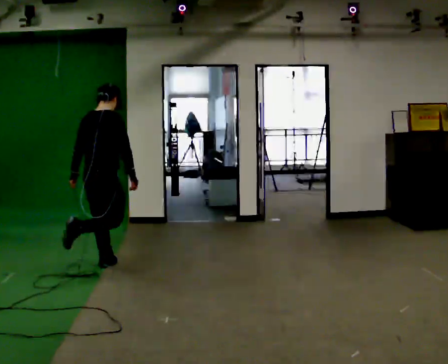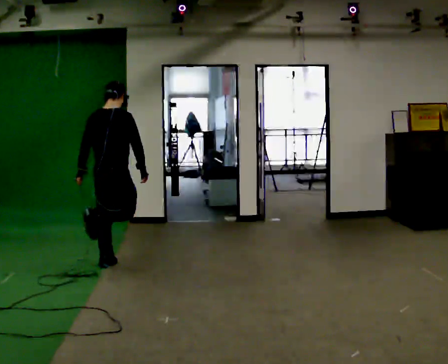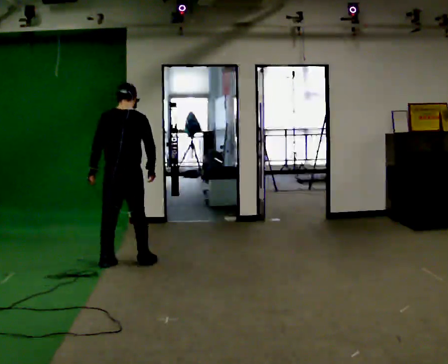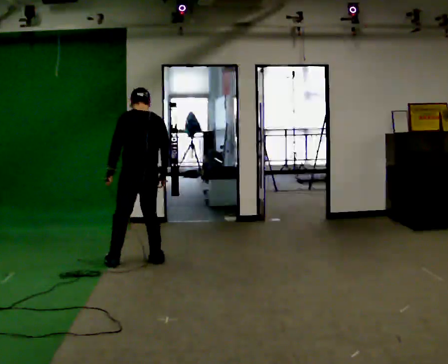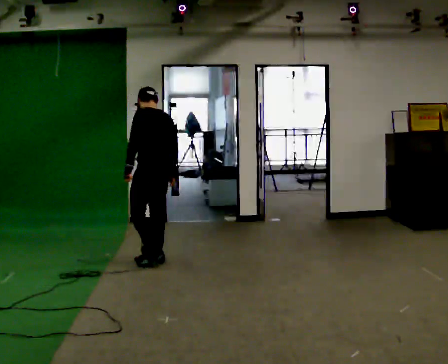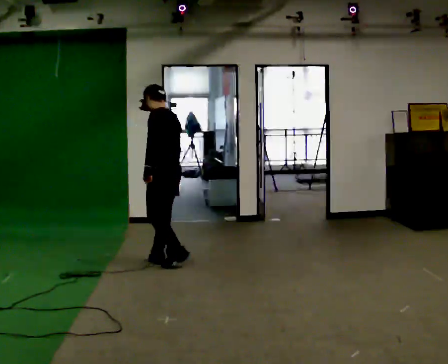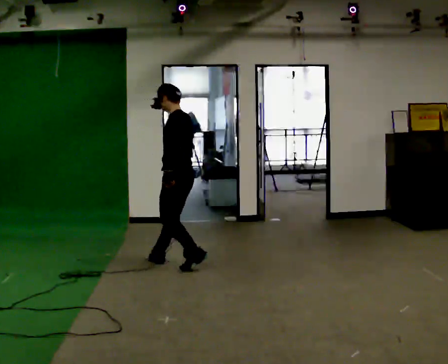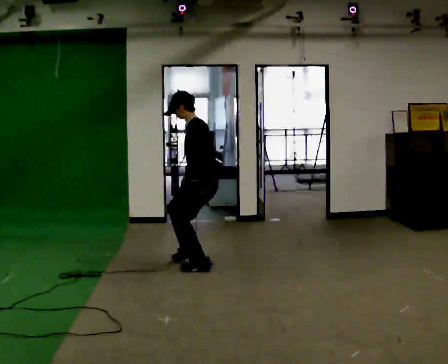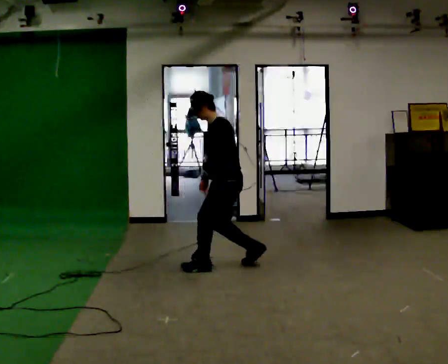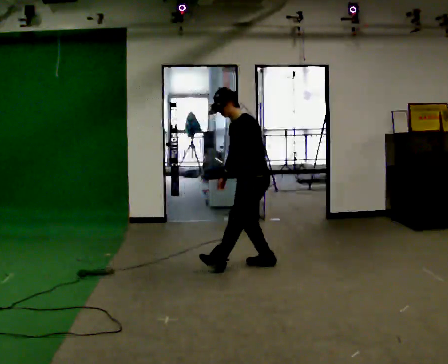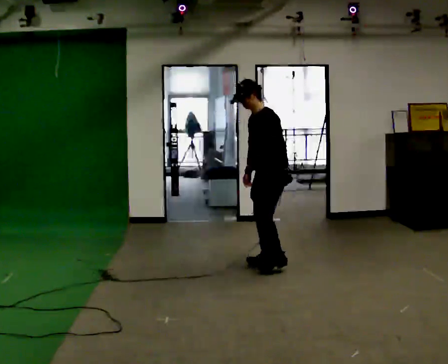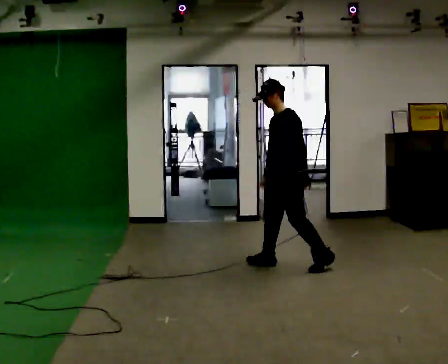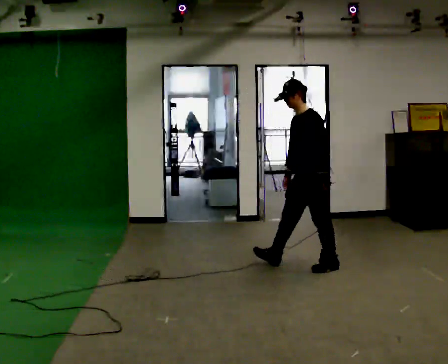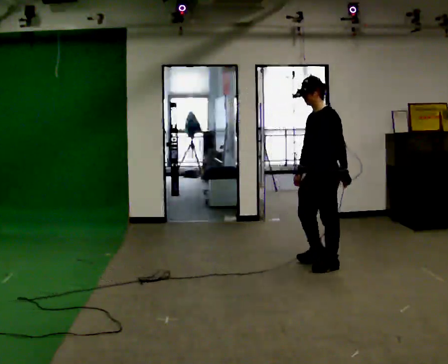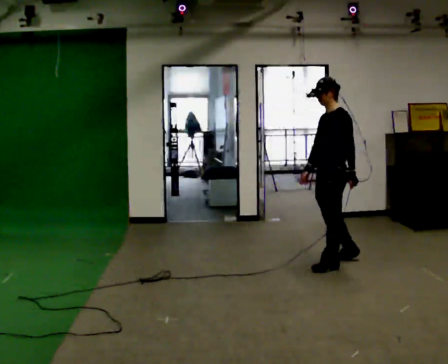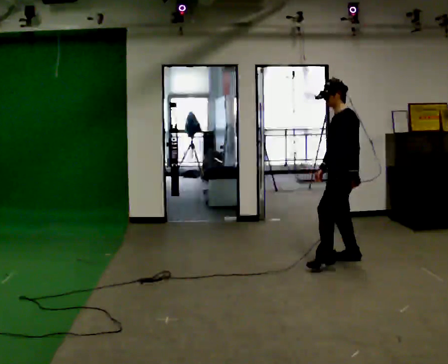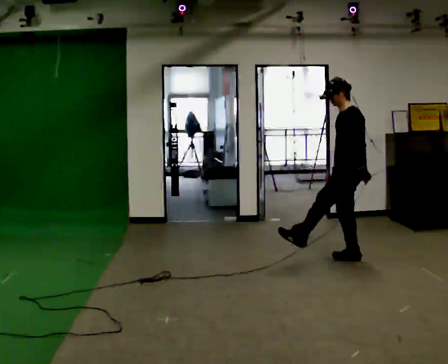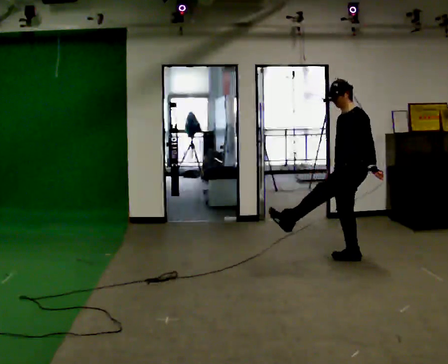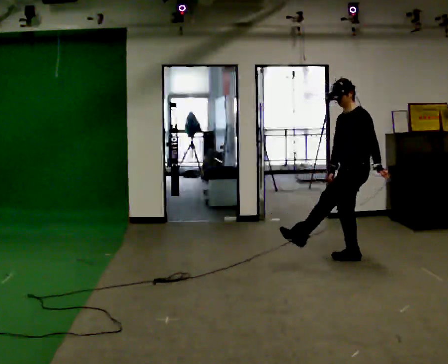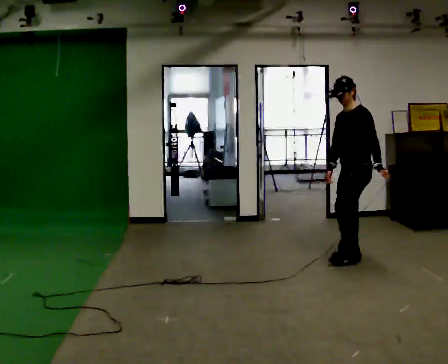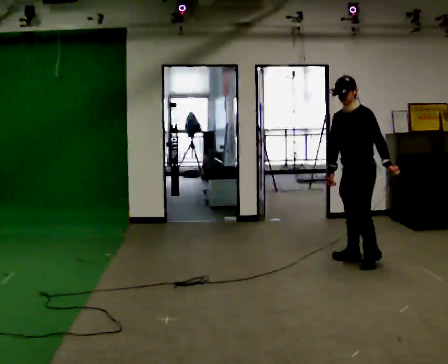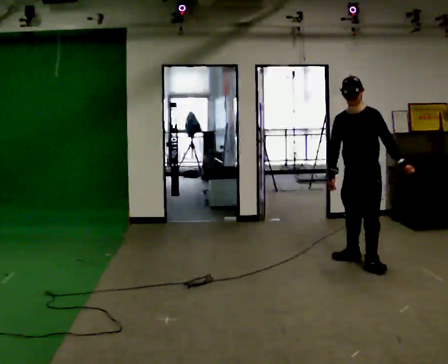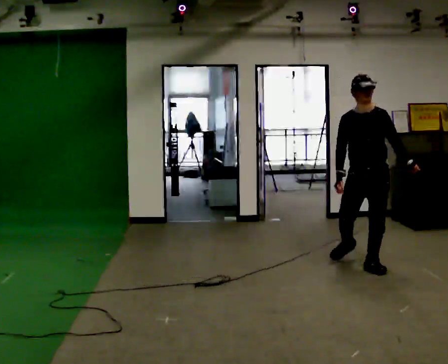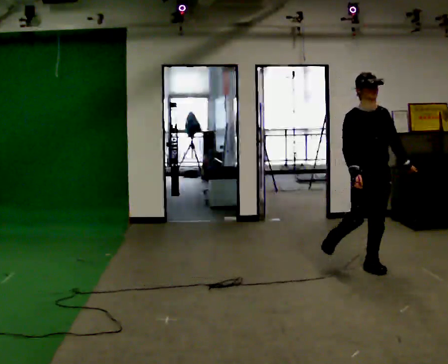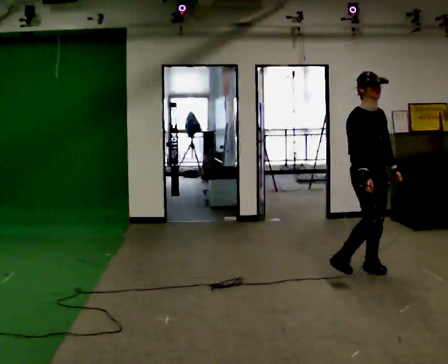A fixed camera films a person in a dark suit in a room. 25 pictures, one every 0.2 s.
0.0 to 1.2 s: Seen from above the body turns counterclockwise, about 105 degrees: to their left, with its near side sliding to the right. In the picture they go to the right and away from the camera, about 0.5 m in 1 step.
1.2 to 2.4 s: The part of the body nearest the lens slides to the right as the person turns to their left by about 30 degrees. In the picture they go to the right, about 1 m in 3 steps, which for them is backward.
2.4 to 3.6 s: In the picture they go to the right and away from the camera, about 0.5 m in 1 step, which for them is backward.
3.6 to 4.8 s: Seen from above the body turns counterclockwise, about 120 degrees: to their left, with its near side sliding to the right. In the picture they go toward the camera, about 0.5 m in 1 step.
The film runs forward here.
